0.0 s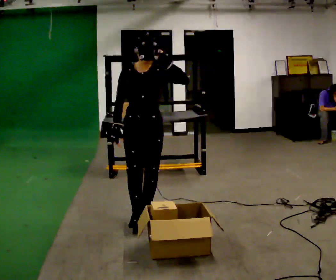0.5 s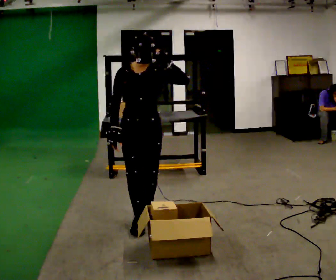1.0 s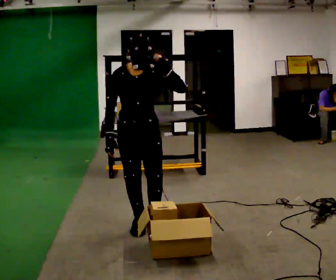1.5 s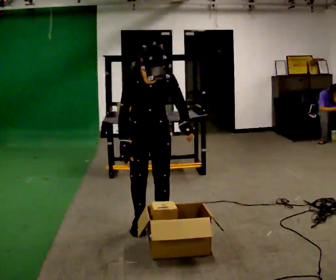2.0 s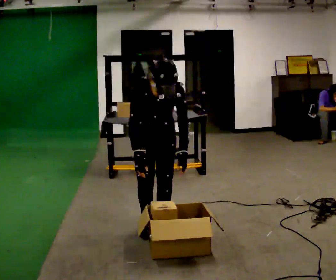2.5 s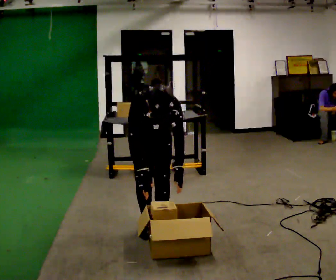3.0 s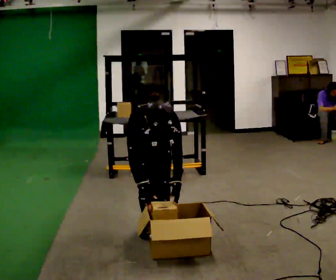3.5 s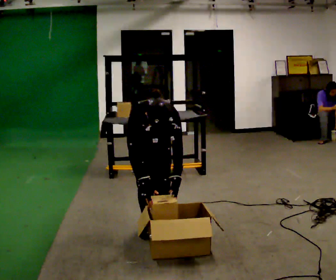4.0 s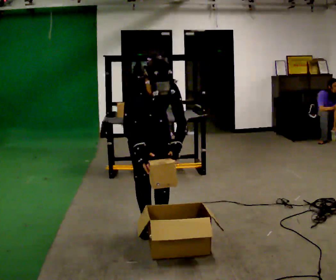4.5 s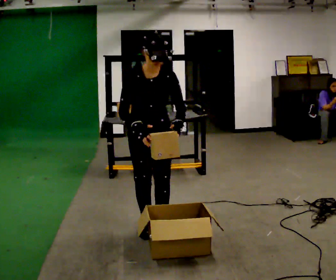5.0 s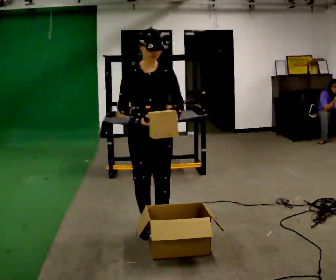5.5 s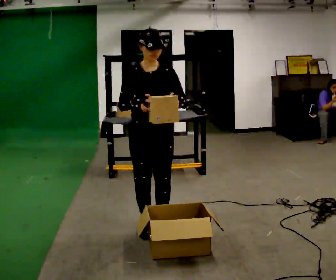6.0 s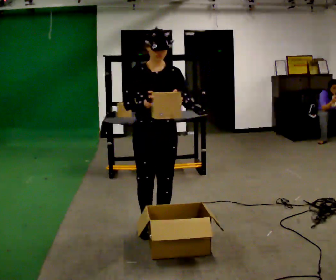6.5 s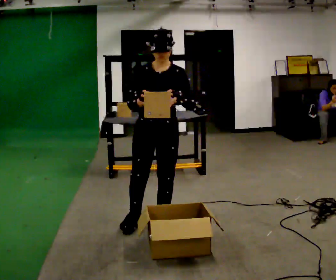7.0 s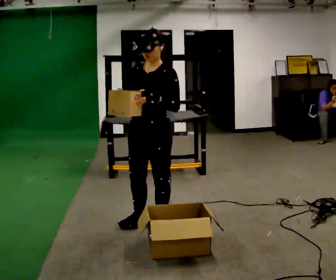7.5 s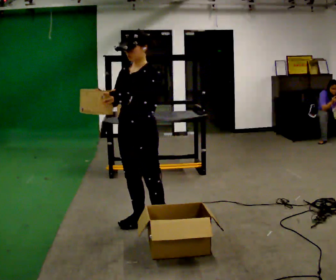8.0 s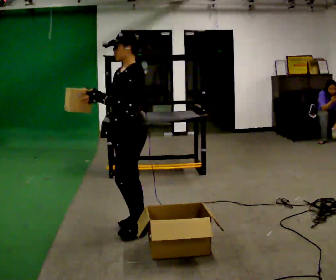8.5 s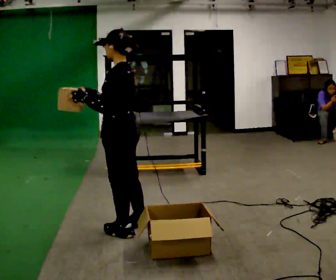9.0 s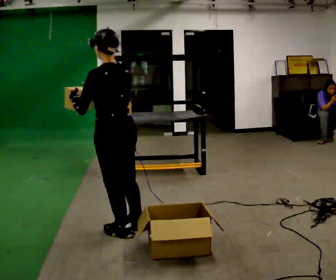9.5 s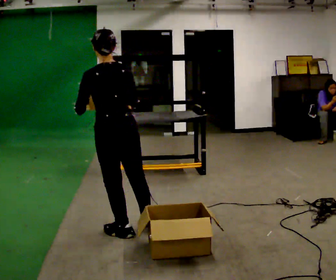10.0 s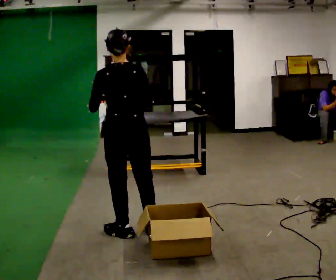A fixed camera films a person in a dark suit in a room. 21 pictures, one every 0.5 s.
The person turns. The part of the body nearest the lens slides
to the left.
The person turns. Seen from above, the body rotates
clockwise.
0.0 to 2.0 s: In the picture they go toward the camera, about 0.25 m in 2 steps, which for them is forward. The upper body tips toward the camera, its near side rolling downward, as they bend forward. In the picture their left hand goes downward.
2.0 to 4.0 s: The person moves a little, or ends about where they began.
4.0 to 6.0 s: The upper body tips away from the camera, its near side rolling upward, as they lean back or straighten. In the picture their right hand goes upward.
6.0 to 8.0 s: Seen from above the body turns clockwise, about 75 degrees: to their right, with its near side sliding to the left. In the picture they go to the left, about 0.25 m. In the picture their right hand goes to the left.
8.0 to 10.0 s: The person turns about 105 degrees to their right, clockwise seen from above, so the part of the body nearest the lens slides to the left. In the picture their right hand goes to the right.
The film runs forward here.
